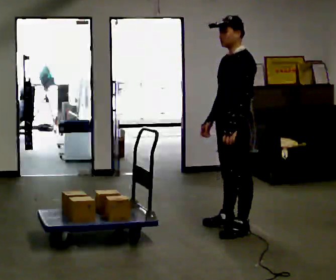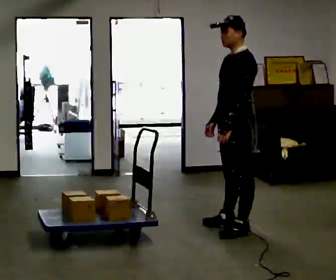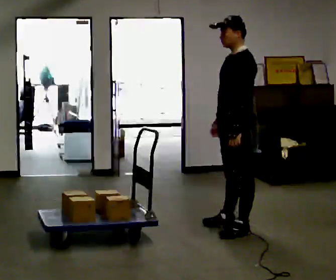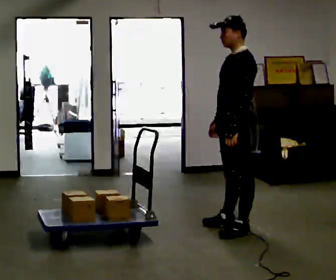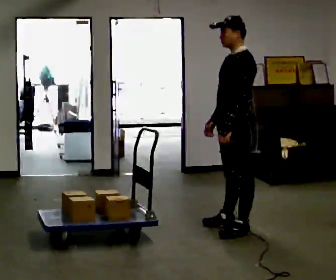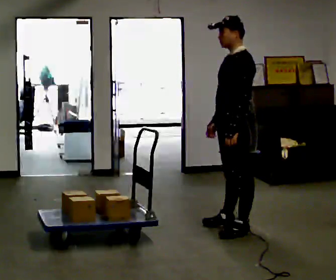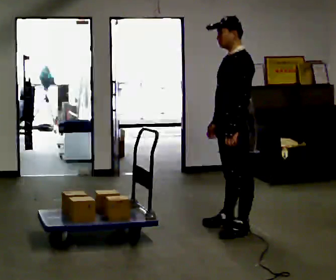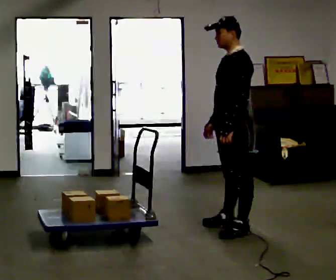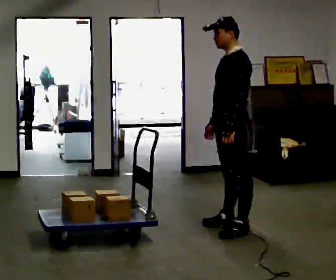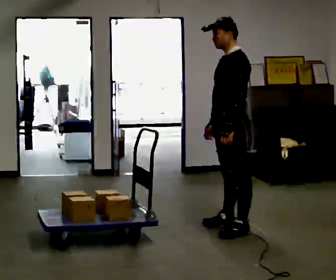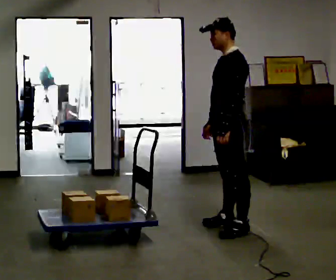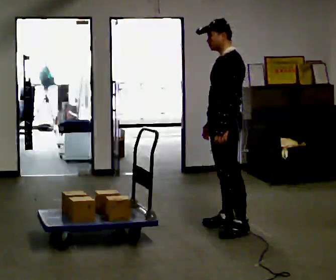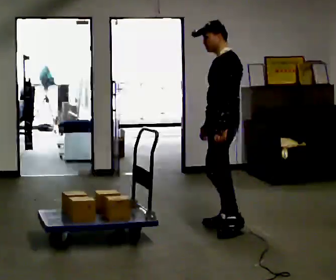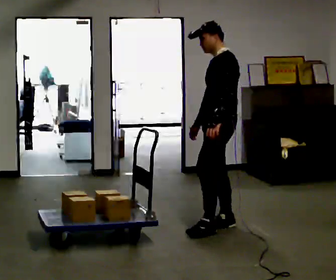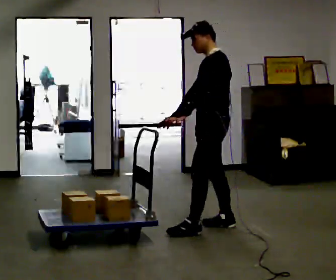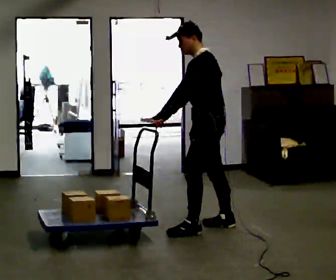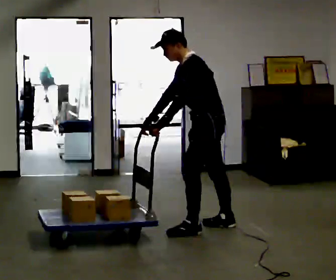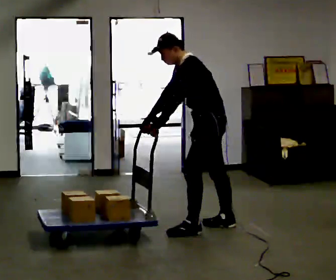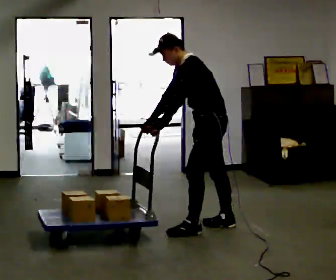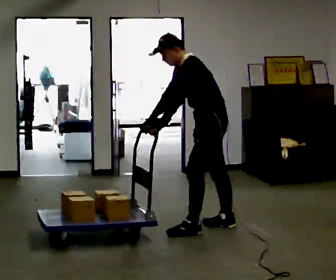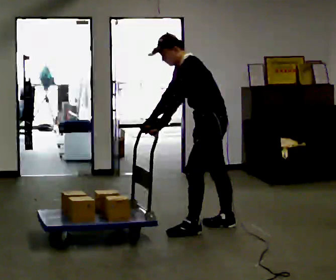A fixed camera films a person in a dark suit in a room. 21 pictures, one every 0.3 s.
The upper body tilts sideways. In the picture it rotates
counterclockwise.
0.0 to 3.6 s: The person moves a little, or ends about where they began.
3.6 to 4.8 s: In the picture the upper body tilts counterclockwise, shoulders to the left, as they bend forward. In the picture their right hand goes to the left.
4.8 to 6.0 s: The person moves a little, or ends about where they began.
The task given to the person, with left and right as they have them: Put your hands on the loaded pallet at the height the operator calls and push it as hard as is comfortable for a few seconds, then relax. Repeat at each height.
The film runs forward here.
